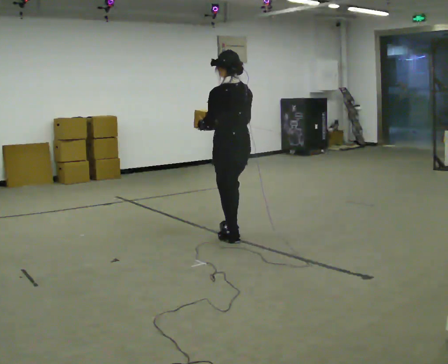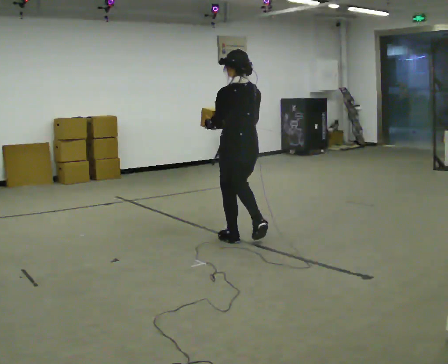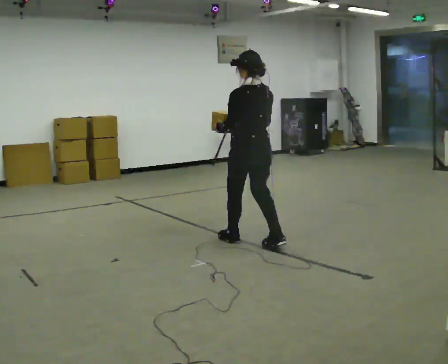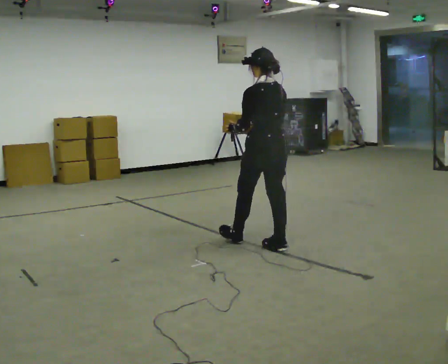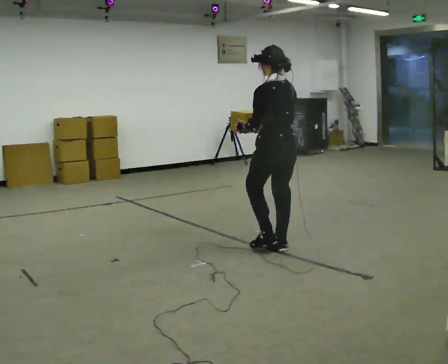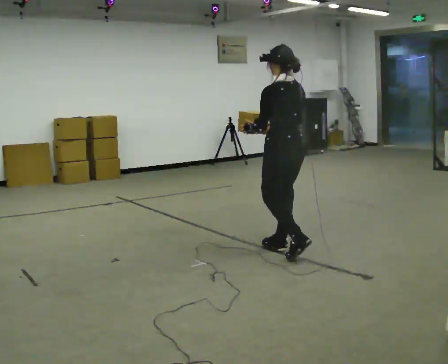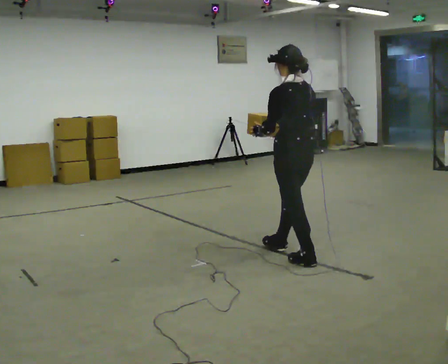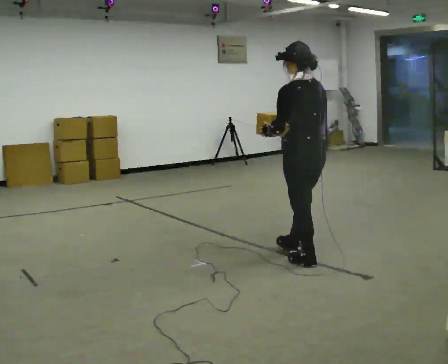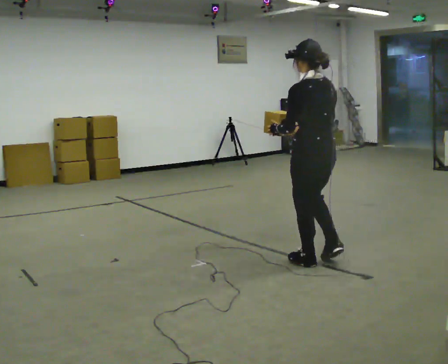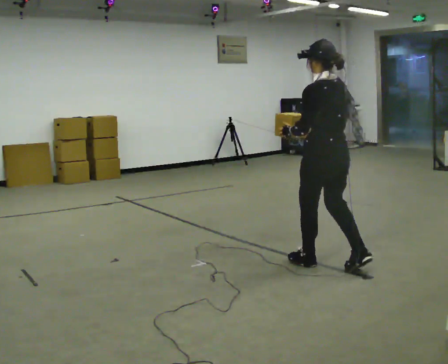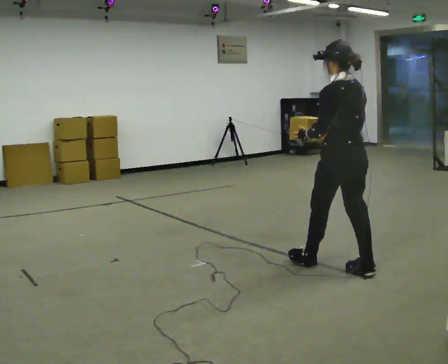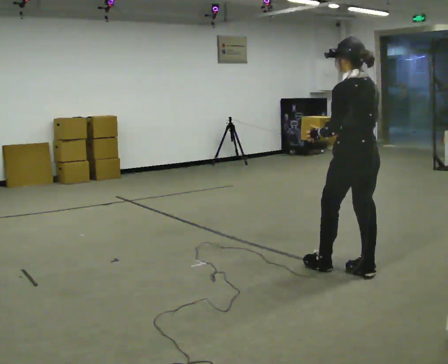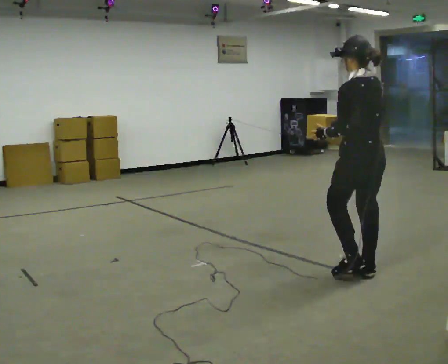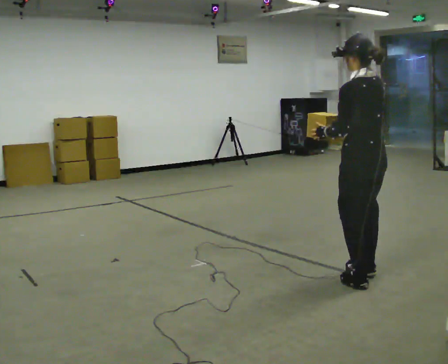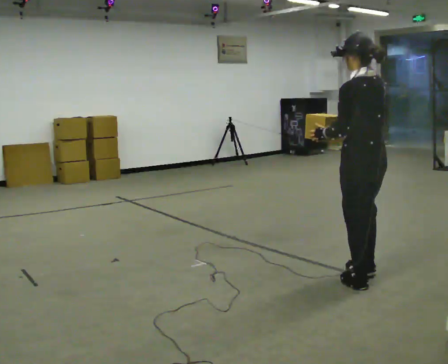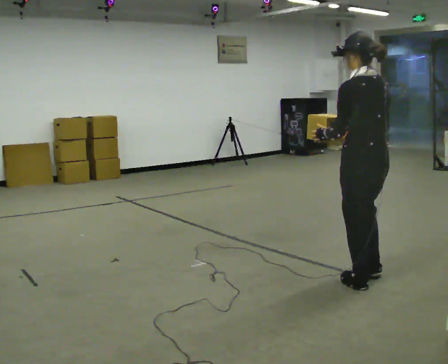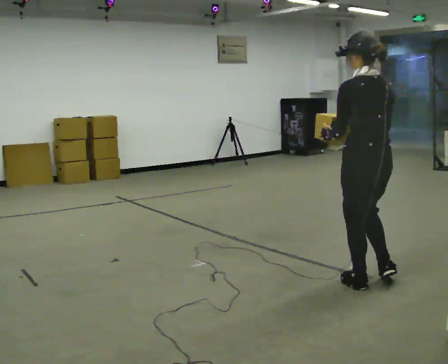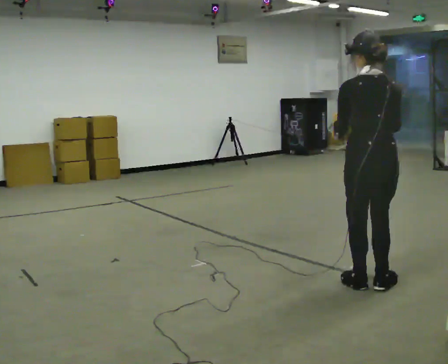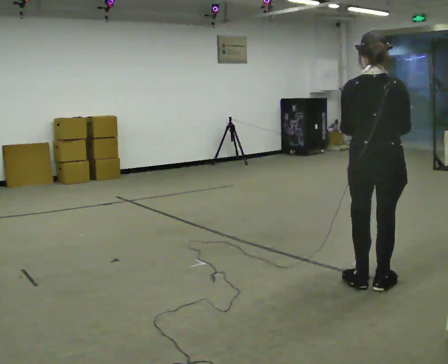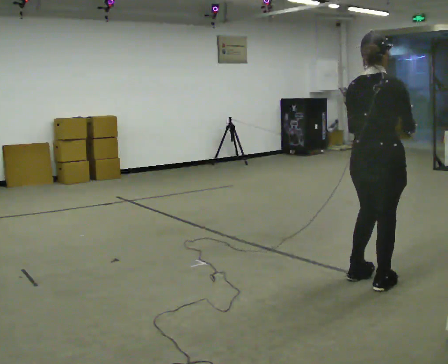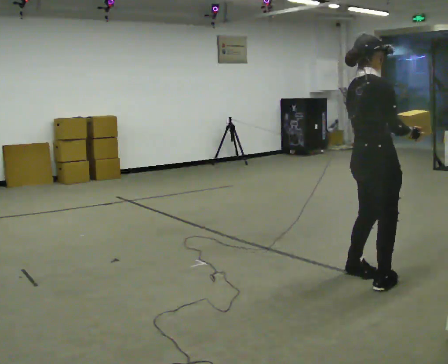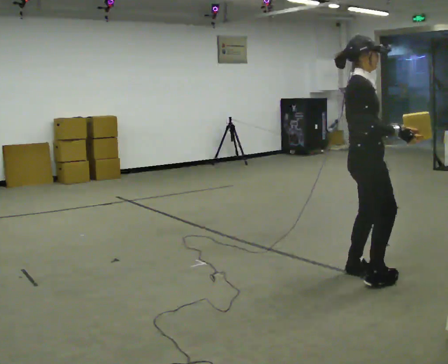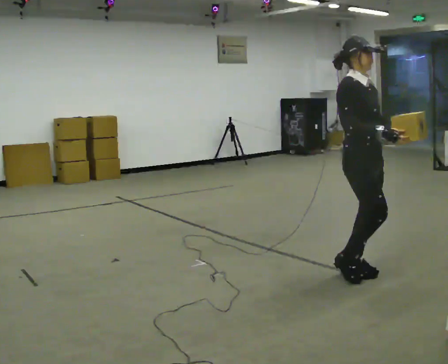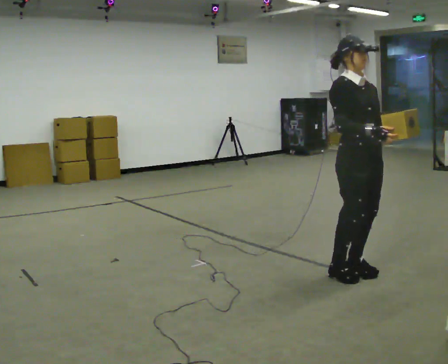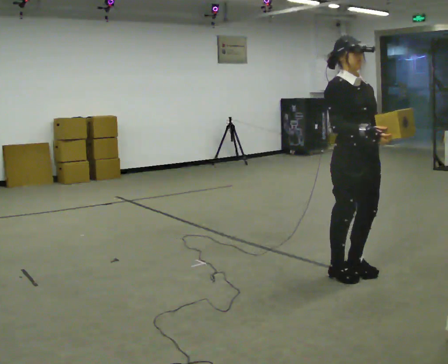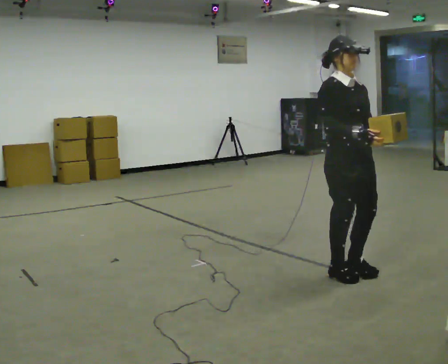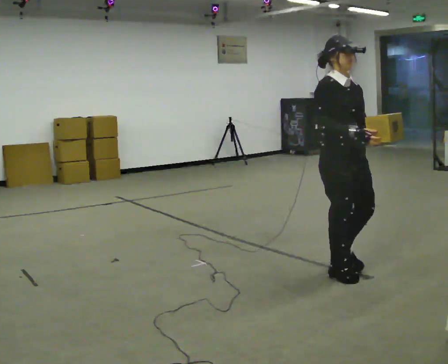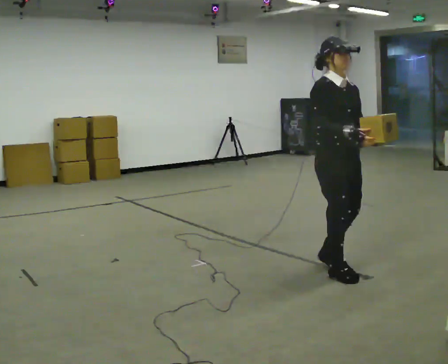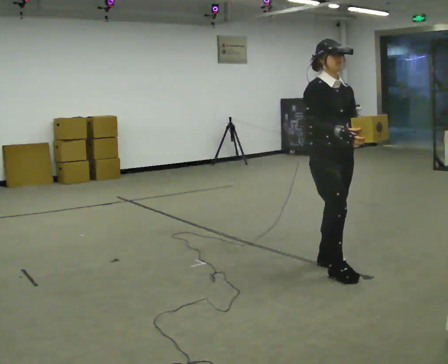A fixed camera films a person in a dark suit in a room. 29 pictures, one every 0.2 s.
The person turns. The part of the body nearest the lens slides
to the left.
The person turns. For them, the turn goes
to their right.
0.0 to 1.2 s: In the picture they go to the right and toward the camera, about 0.5 m in 1 step, which for them is backward.
1.2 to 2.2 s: In the picture they go to the right and toward the camera, about 0.5 m in 2 steps, which for them is backward.
2.2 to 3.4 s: In the picture they go toward the camera, about 0.25 m in 1 step, which for them is backward and to their left.
3.4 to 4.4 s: The part of the body nearest the lens slides to the left as the person turns to their right by about 135 degrees. In the picture they go away from the camera, about 0.25 m in 2 steps. In the picture their left hand goes to the right.
4.4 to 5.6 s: In the picture they go to the left, about 0.25 m in 1 step, which for them is backward.
The film runs backward here.
